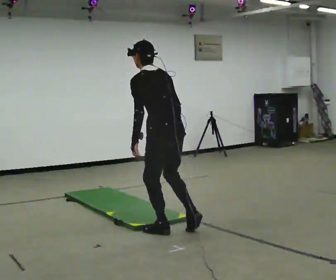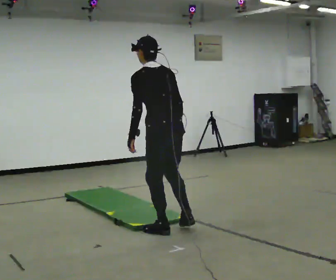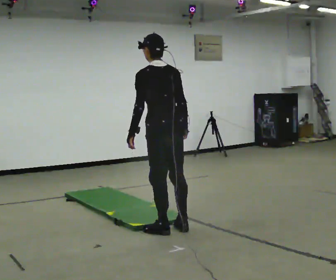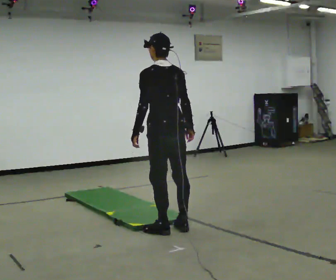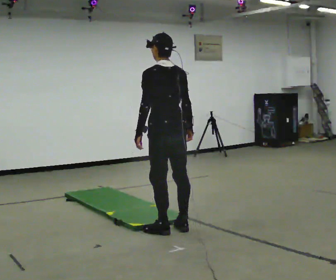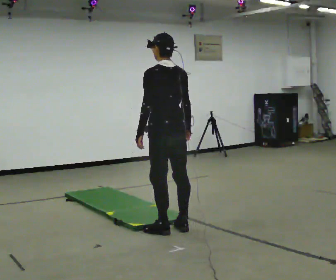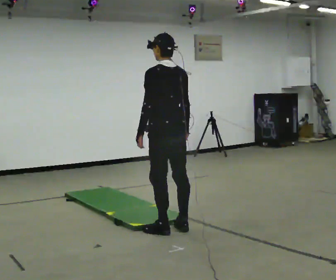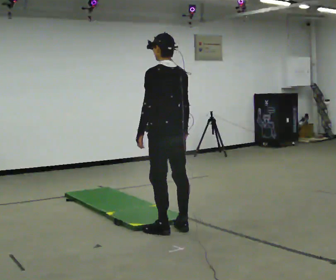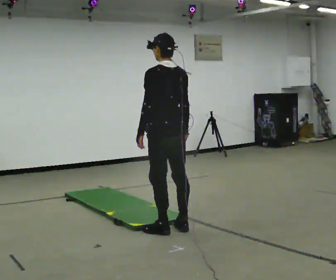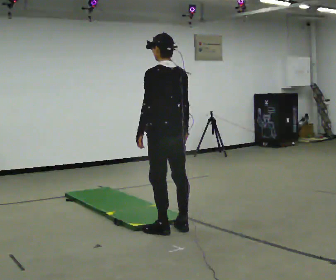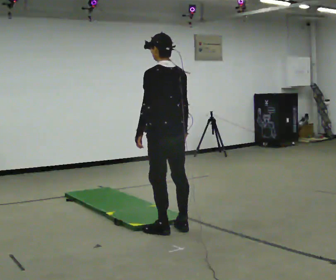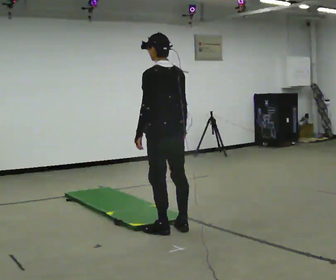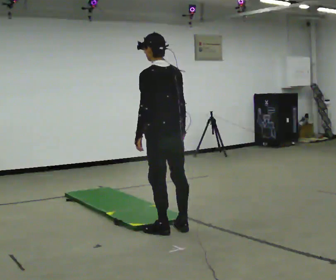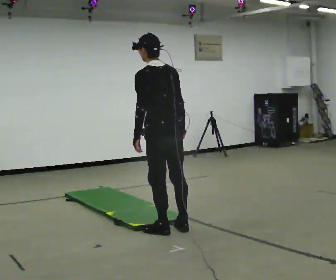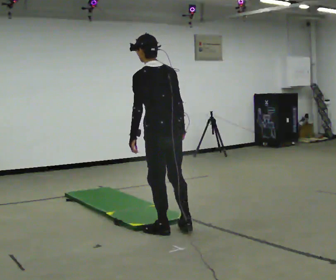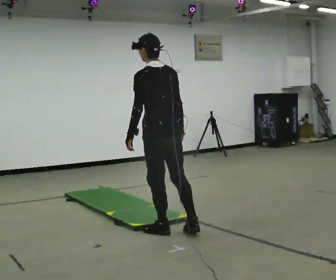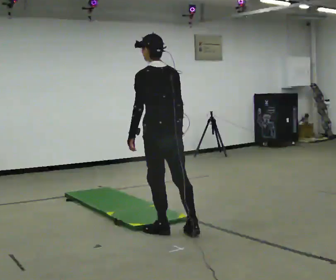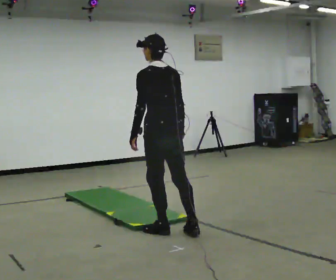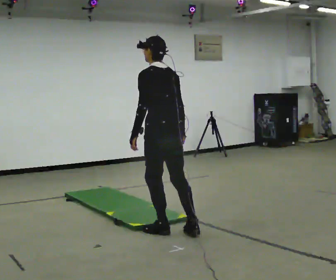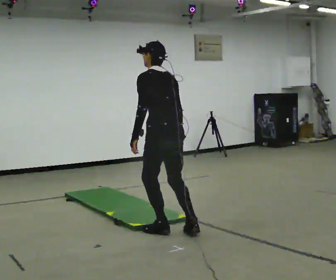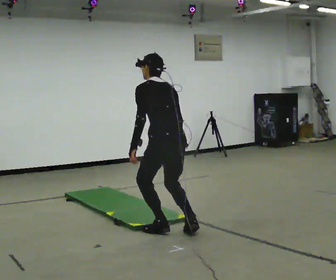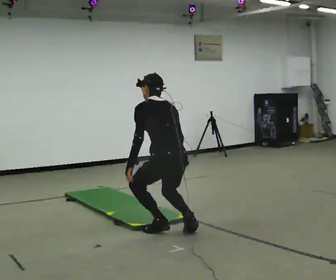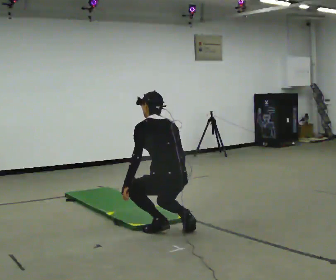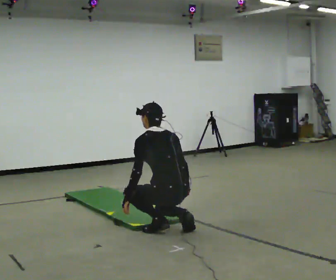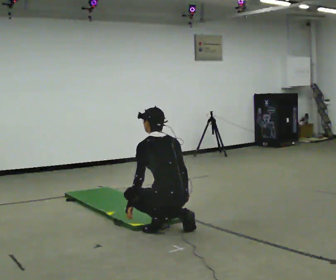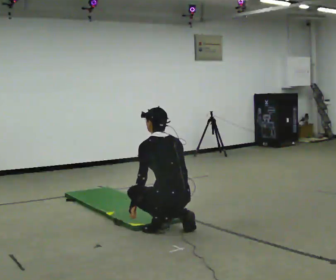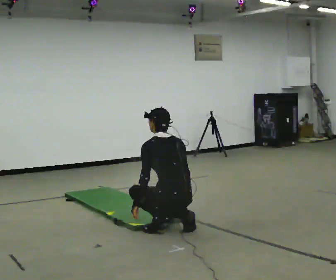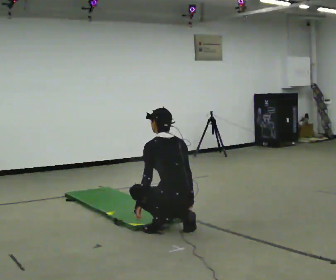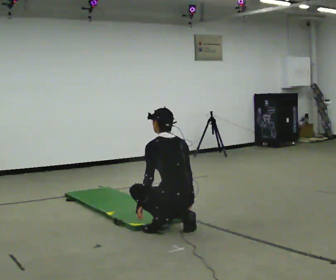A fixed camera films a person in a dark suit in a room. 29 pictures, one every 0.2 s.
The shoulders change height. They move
downward.
Their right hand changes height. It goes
downward.
0.0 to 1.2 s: In the picture the upper body tilts clockwise, shoulders to the right, as they lean back or straighten.
1.2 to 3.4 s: The person moves a little, or ends about where they began.
3.4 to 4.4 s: The shoulders move downward. The upper body tips away from the camera, its near side rolling upward, as they bend forward. In the picture their left hand goes downward.
4.4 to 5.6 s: The person moves a little, or ends about where they began.
The film runs forward here.
